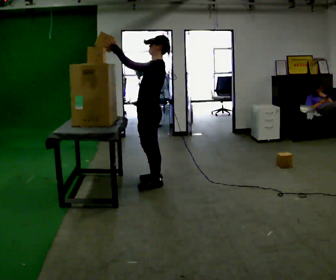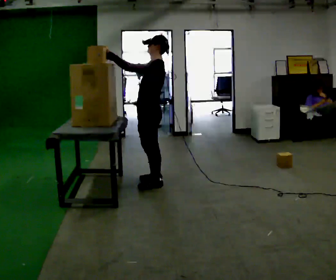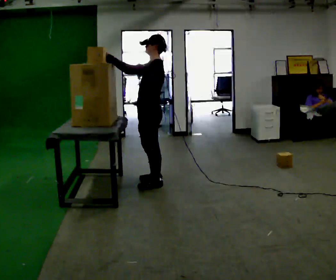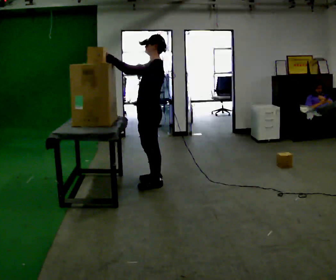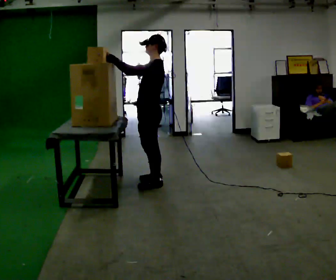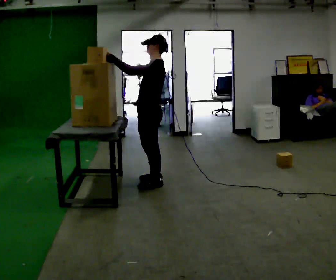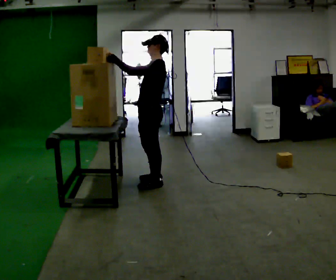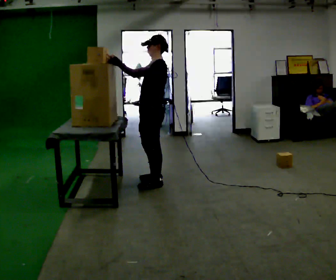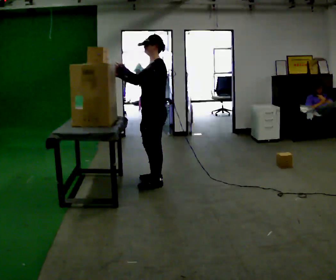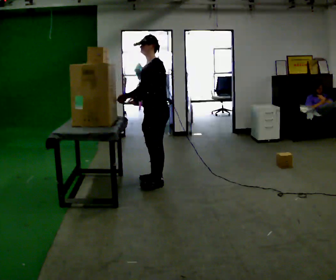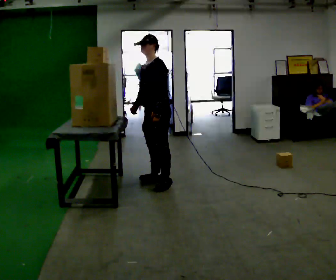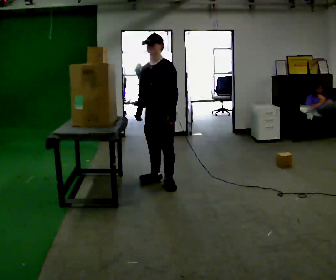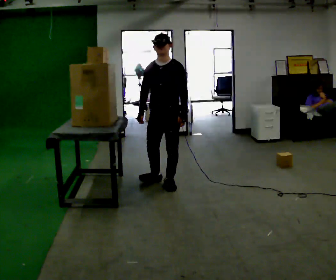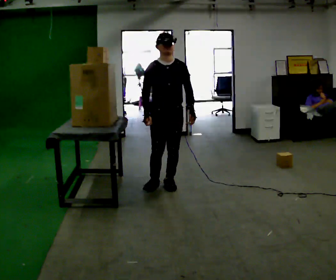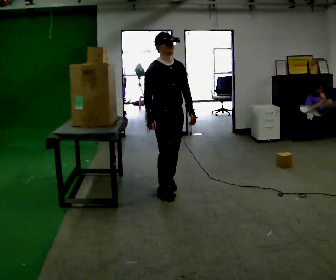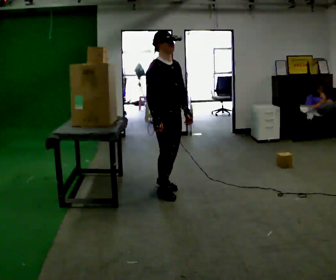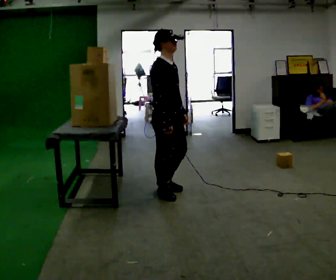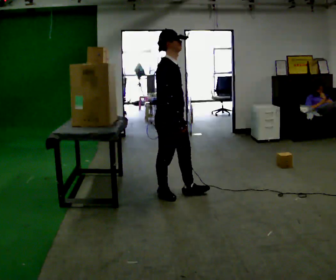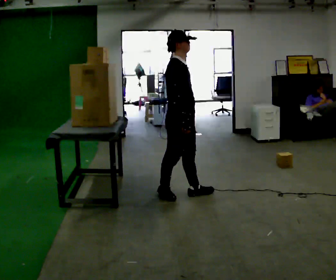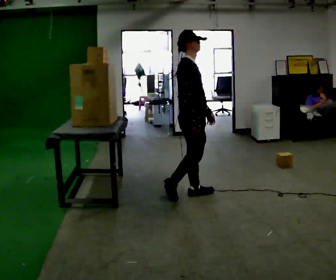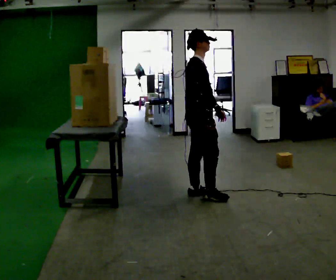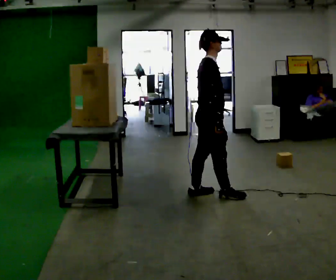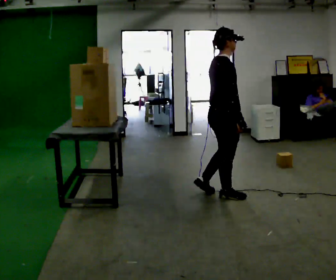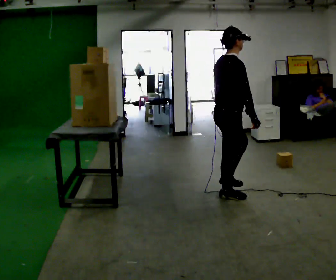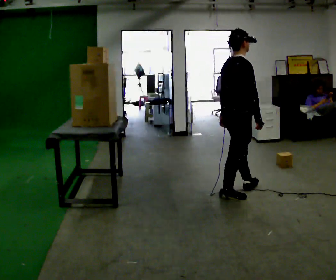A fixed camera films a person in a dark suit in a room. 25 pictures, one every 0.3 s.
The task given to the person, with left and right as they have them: Take an object from the lowest shelf, carry it across the room, and place it on the highest shelf you can comfortably reach. Keep going until the operator says stop; one object at a time, and do not rush between trips.
0.0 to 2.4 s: The person moves a little, or ends about where they began.
2.4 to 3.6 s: The person turns about 45 degrees to their left, counterclockwise seen from above, so the part of the body nearest the lens slides to the right. In the picture their left hand goes to the right and downward.
3.6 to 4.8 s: Seen from above the body turns counterclockwise, about 90 degrees: to their left, with its near side sliding to the right. In the picture they go toward the camera, about 0.25 m in 1 step.
4.8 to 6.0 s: In the picture they go to the right, about 0.25 m in 1 step, which for them is forward.
6.0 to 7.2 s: The part of the body nearest the lens slides to the right as the person turns to their left by about 30 degrees. In the picture they go to the right, about 0.5 m in 2 steps, which for them is forward and to their right.
The film runs forward here.
